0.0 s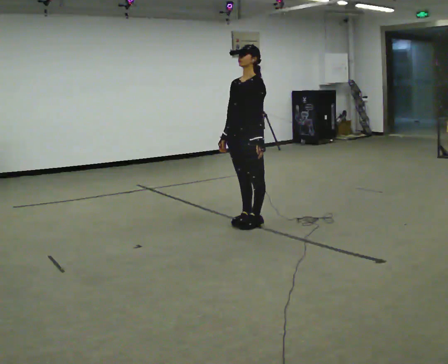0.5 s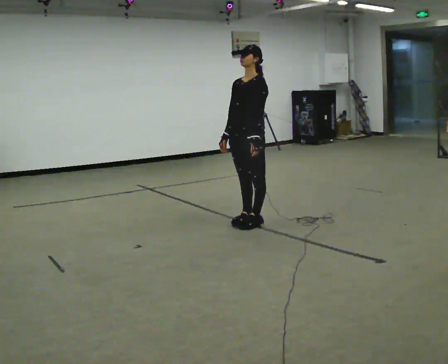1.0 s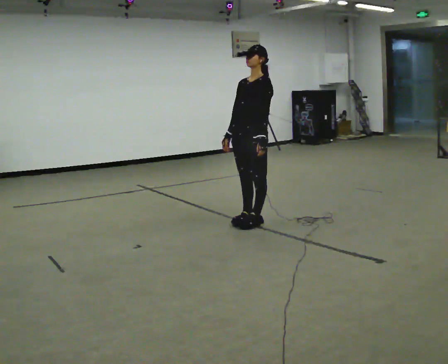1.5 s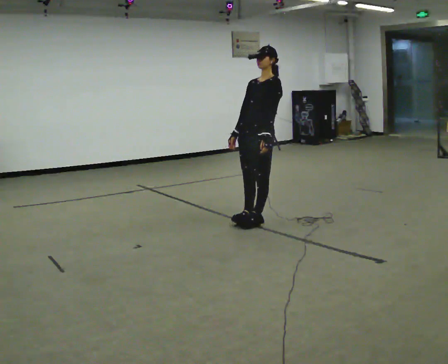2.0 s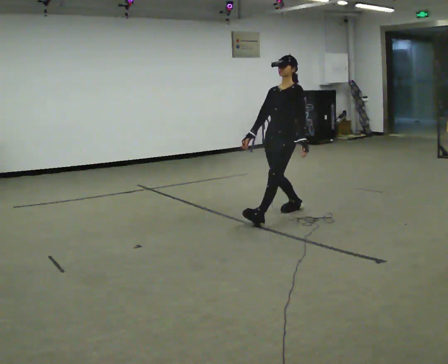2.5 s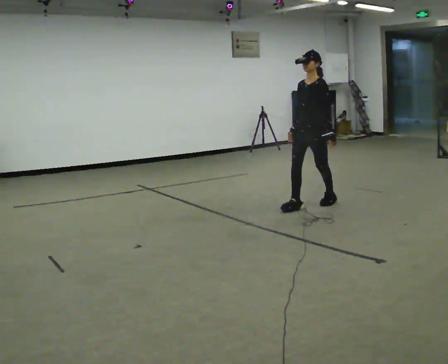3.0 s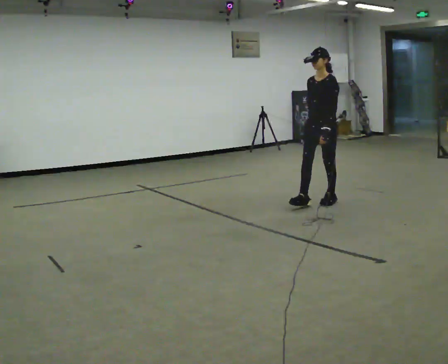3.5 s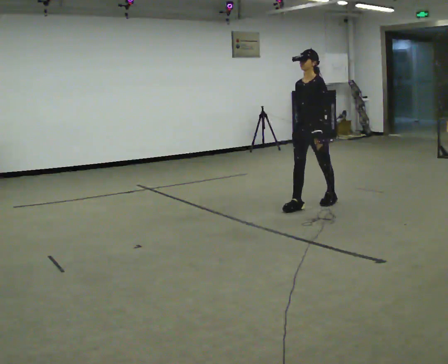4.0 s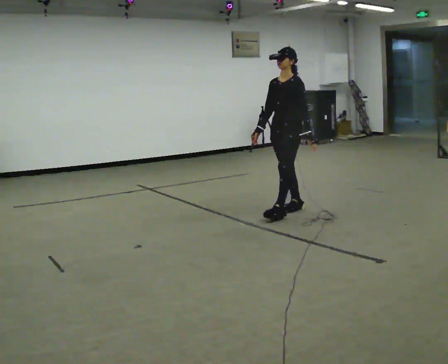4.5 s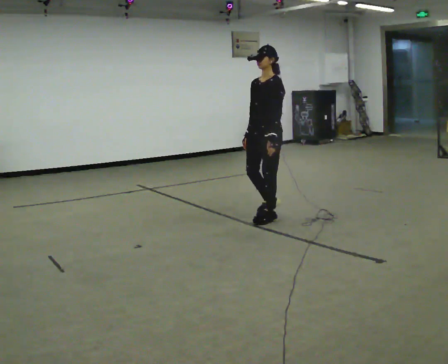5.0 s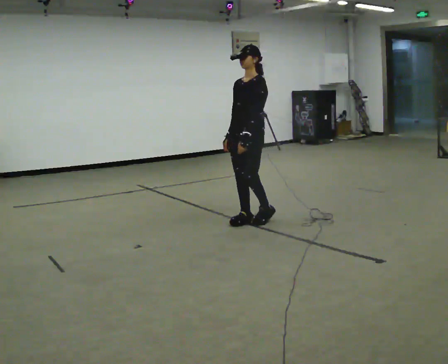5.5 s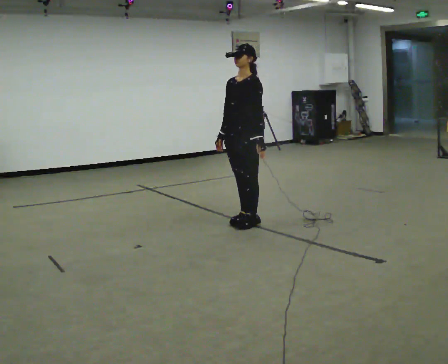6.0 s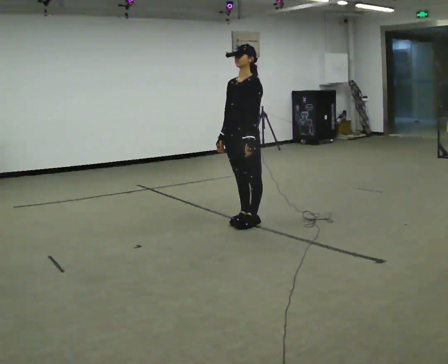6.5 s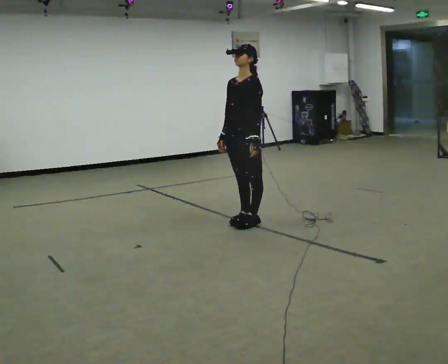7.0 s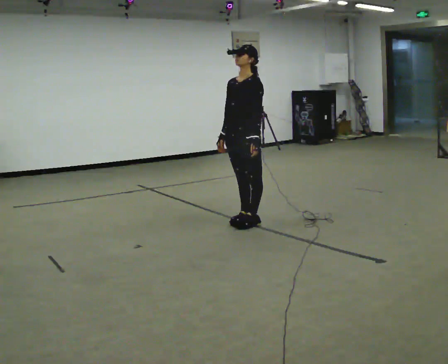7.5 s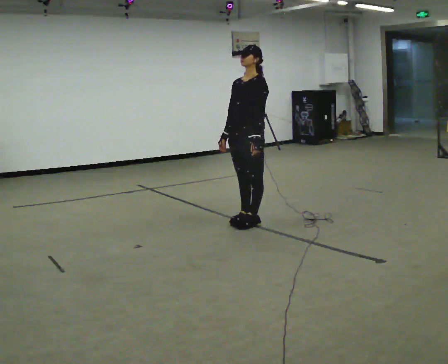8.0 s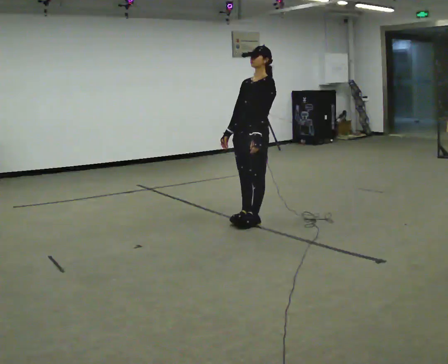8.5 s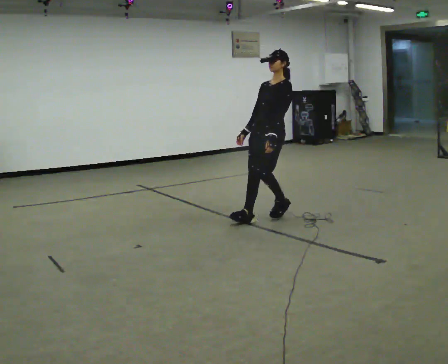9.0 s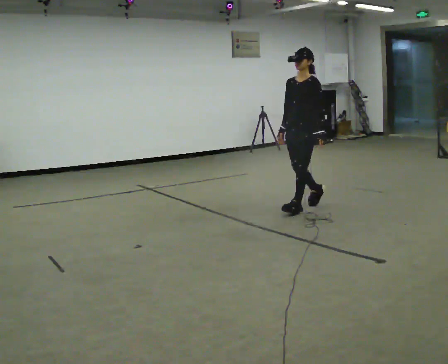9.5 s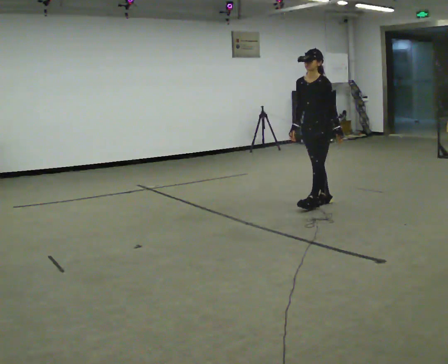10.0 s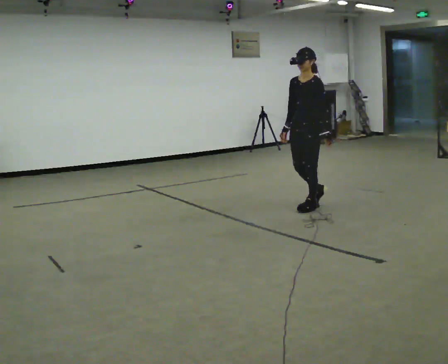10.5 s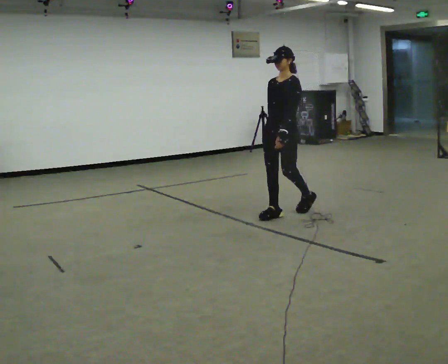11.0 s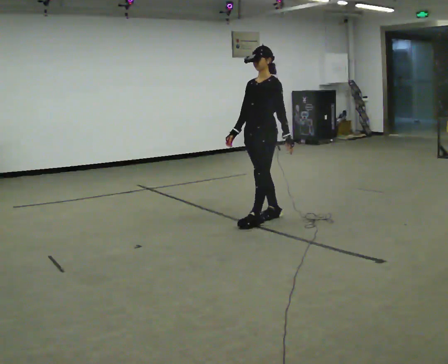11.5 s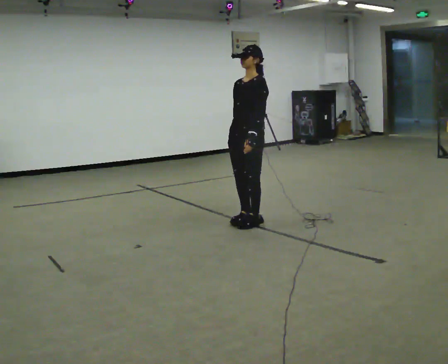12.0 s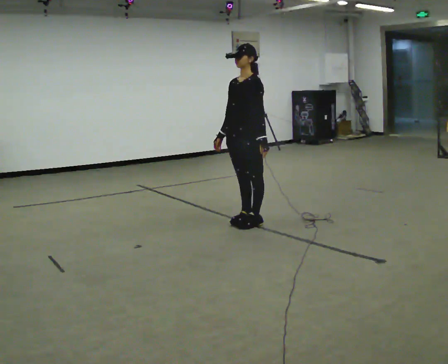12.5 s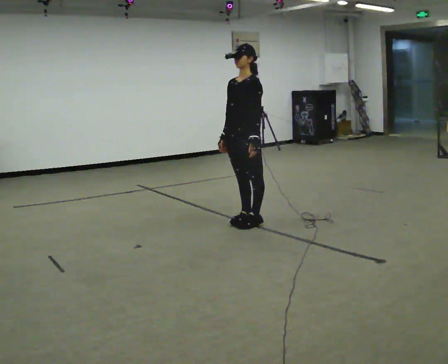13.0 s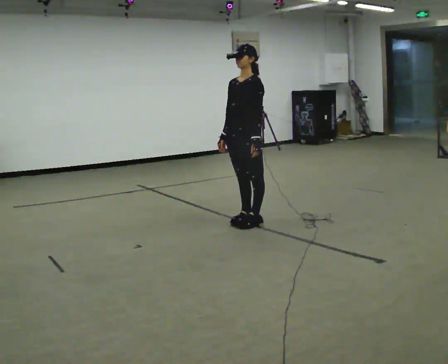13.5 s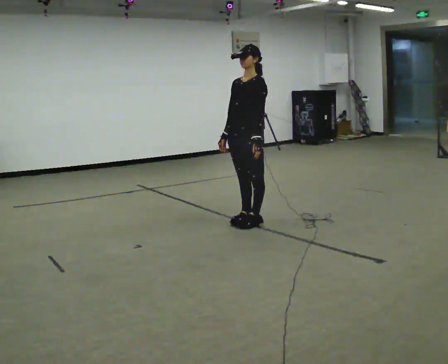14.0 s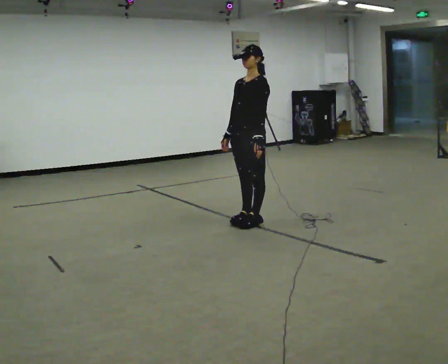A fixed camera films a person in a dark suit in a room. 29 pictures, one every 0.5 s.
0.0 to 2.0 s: In the picture they go to the right and away from the camera, about 0.5 m, which for them is backward.
2.0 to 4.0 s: The person moves a little, or ends about where they began.
4.0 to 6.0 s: In the picture they go to the left and toward the camera, about 0.5 m in 3 steps, which for them is forward.
6.0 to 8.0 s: The person moves a little, or ends about where they began.
8.0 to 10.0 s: In the picture they go to the right and away from the camera, about 0.75 m in 3 steps, which for them is backward.
10.0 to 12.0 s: In the picture they go to the left and toward the camera, about 1 m in 3 steps, which for them is forward.
12.0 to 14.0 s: The person moves a little, or ends about where they began.
The film runs forward here.
